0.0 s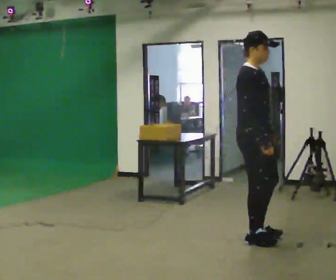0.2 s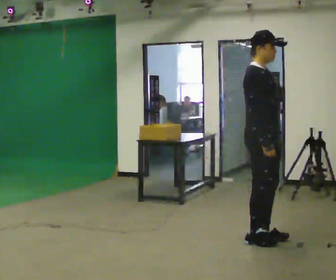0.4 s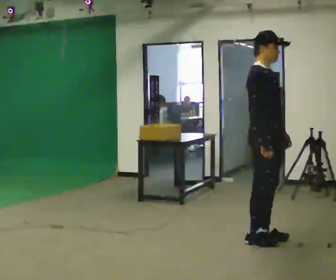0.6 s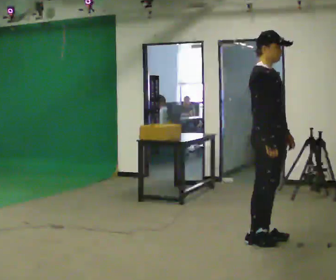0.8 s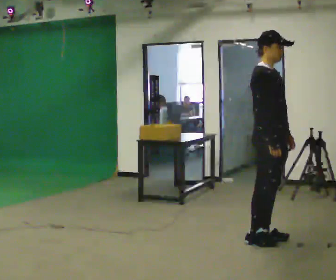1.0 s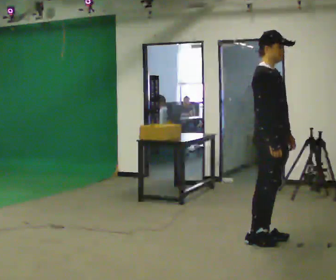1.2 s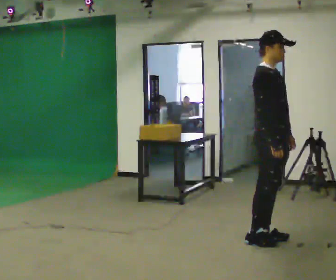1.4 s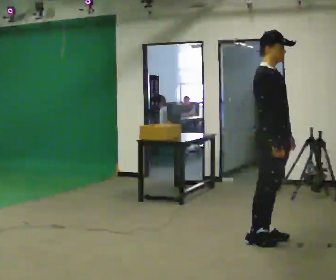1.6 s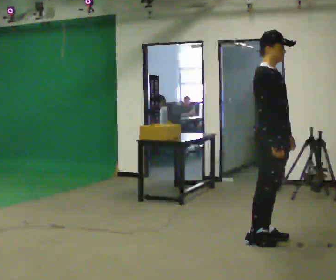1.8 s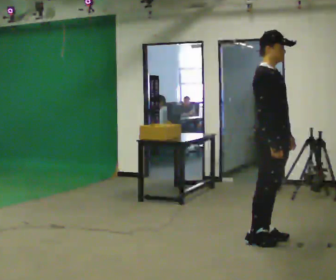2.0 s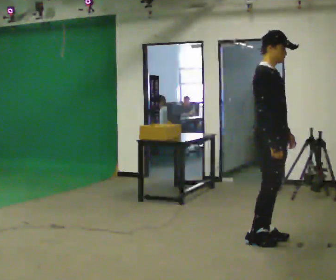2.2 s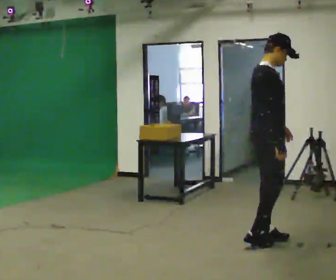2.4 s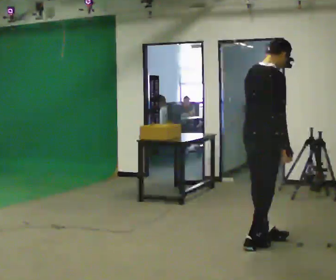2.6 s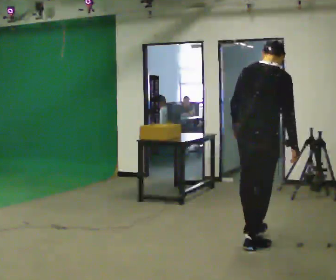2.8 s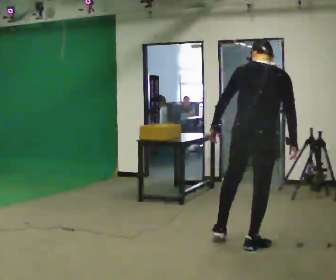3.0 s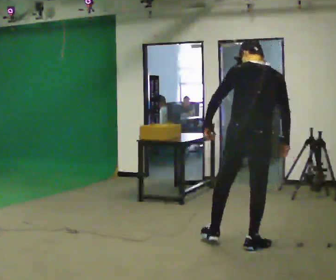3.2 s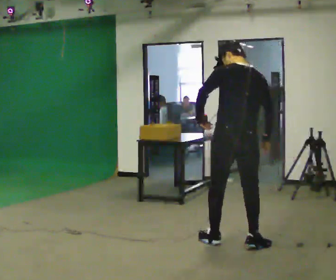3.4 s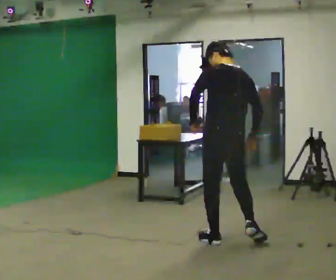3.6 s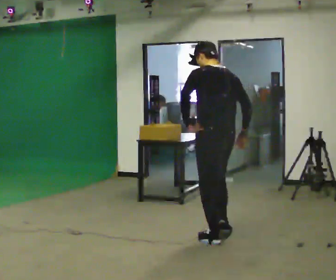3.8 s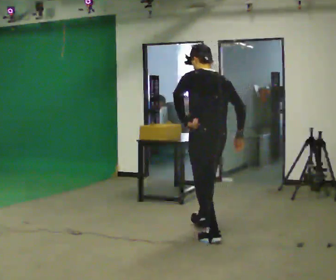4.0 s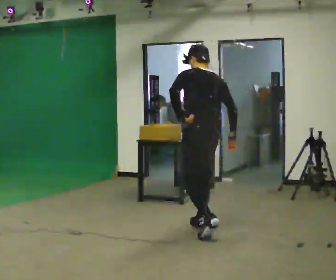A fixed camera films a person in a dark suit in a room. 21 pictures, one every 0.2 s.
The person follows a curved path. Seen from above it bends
clockwise.
The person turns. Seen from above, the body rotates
counterclockwise.
0.0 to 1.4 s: In the picture they go to the right, about 0.25 m in 1 step, which for them is forward.
1.4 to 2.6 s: The person turns about 75 degrees to their left, counterclockwise seen from above, so the part of the body nearest the lens slides to the right. In the picture they go toward the camera, about 0.25 m in 1 step. In the picture the upper body tilts clockwise, shoulders to the right. In the picture their left hand goes to the left, the arm swinging clockwise.
2.6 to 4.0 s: The person turns about 75 degrees to their left, counterclockwise seen from above, so the part of the body nearest the lens slides to the right. In the picture they go to the left and away from the camera, about 0.5 m in 2 steps. In the picture the upper body tilts counterclockwise, shoulders to the left.
The film runs forward here.
